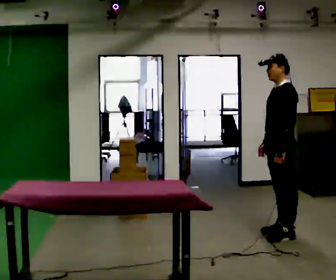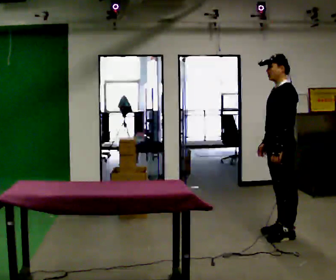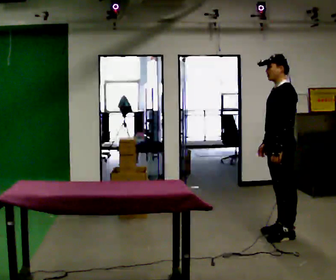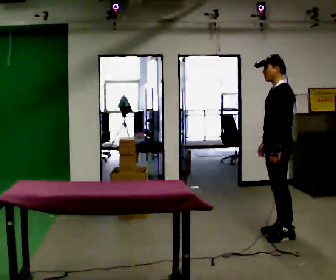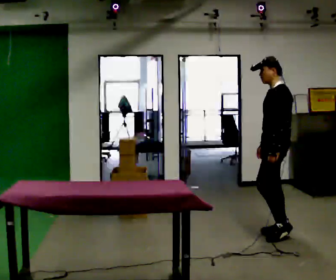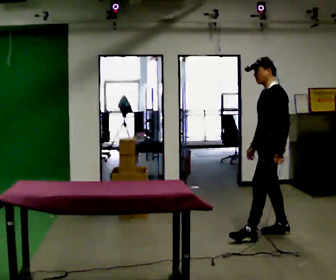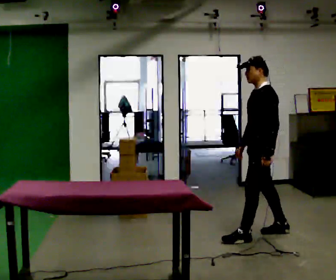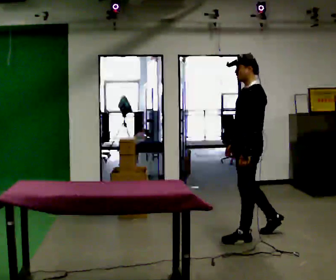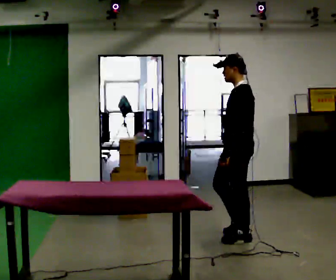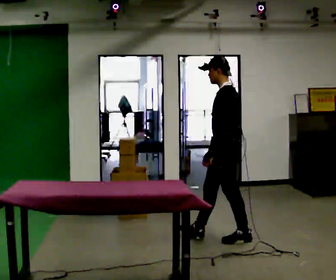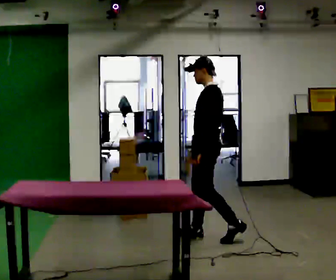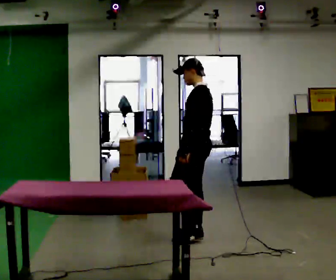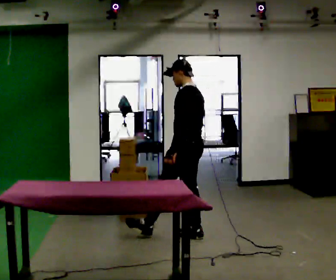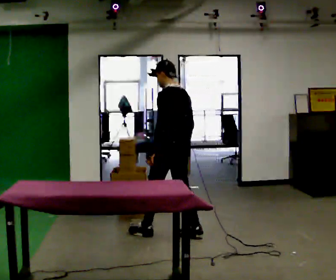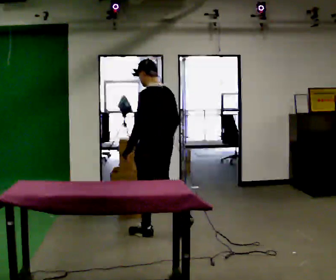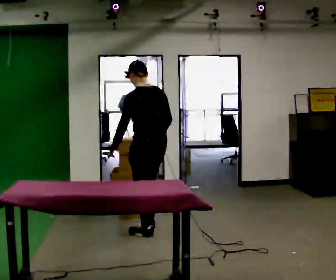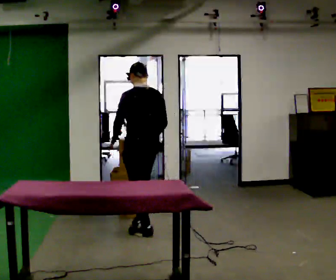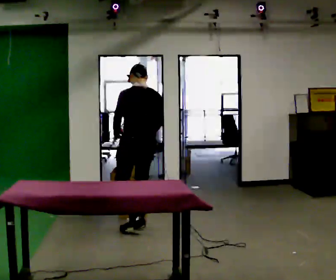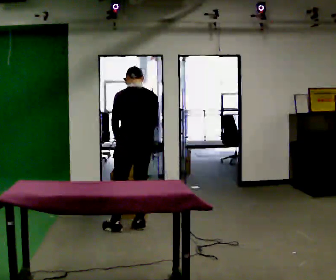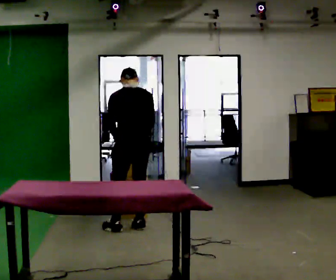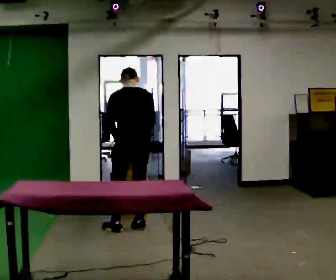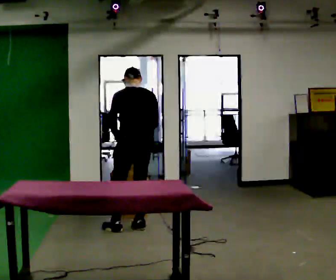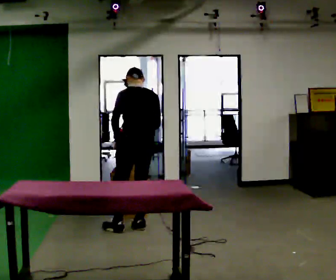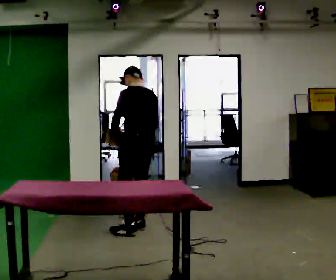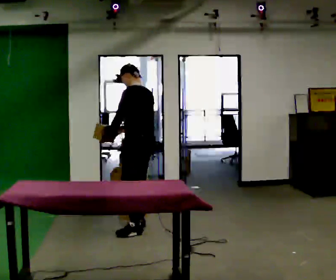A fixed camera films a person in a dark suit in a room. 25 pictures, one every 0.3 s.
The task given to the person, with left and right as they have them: Carry the box over and put it on the shelf with the label facing out towards you. Get the orientation right, not just the position. Keep going until the operator says stop; one object at a time, and do not rush between trips.
0.0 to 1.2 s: The person moves a little, or ends about where they began.
1.2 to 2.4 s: In the picture they go to the left and toward the camera, about 0.5 m in 1 step, which for them is forward.
2.4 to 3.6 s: In the picture they go to the left, about 0.5 m in 1 step, which for them is forward.
3.6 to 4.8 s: The part of the body nearest the lens slides to the left as the person turns to their right by about 30 degrees. In the picture they go to the left, about 0.5 m in 2 steps, which for them is forward.
4.8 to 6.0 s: The person moves a little, or ends about where they began.
6.0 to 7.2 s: Seen from above the body turns counterclockwise, about 45 degrees: to their left, with its near side sliding to the right.
The film runs forward here.
